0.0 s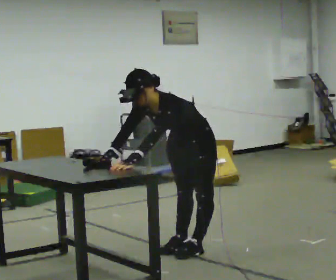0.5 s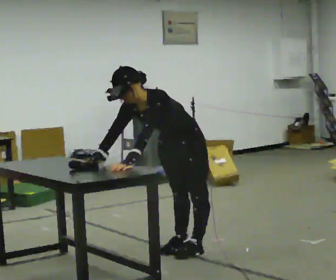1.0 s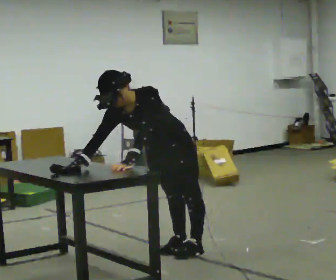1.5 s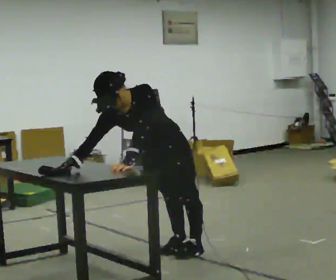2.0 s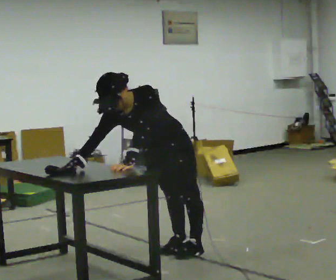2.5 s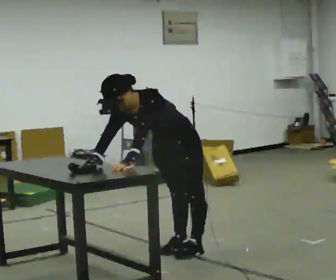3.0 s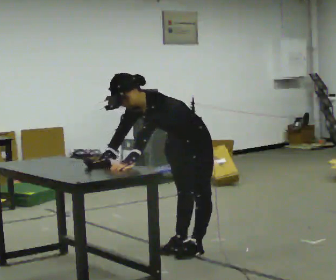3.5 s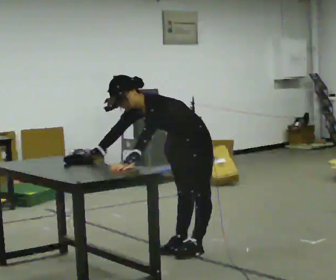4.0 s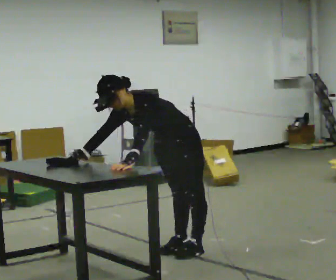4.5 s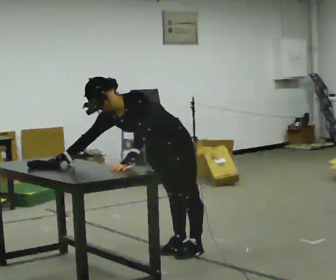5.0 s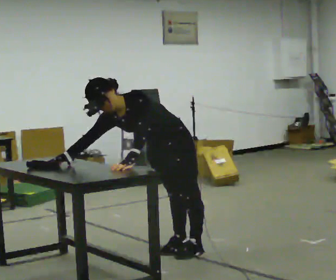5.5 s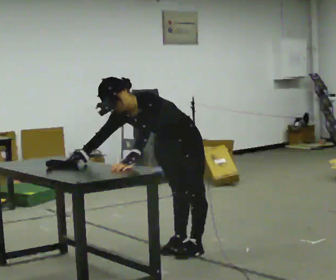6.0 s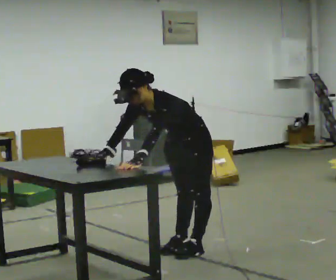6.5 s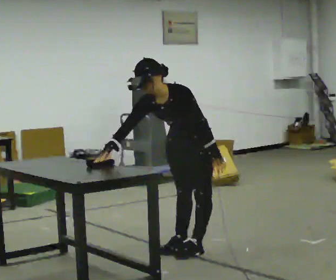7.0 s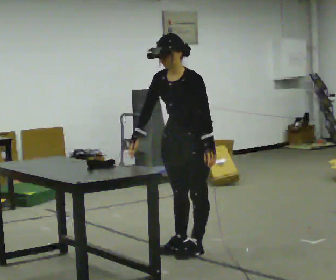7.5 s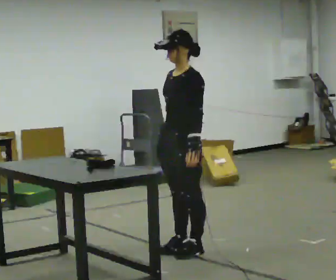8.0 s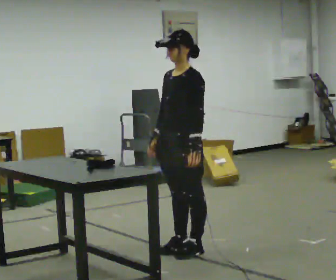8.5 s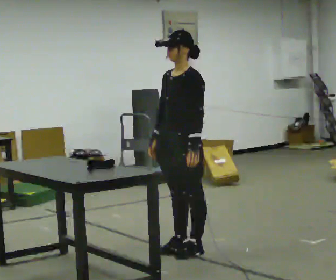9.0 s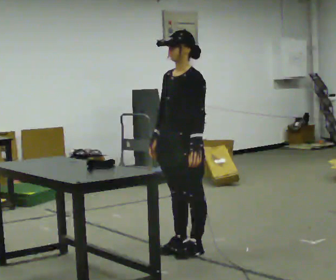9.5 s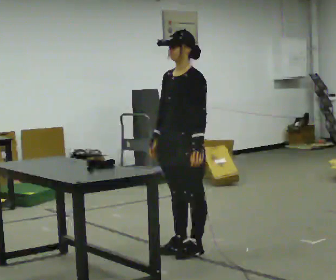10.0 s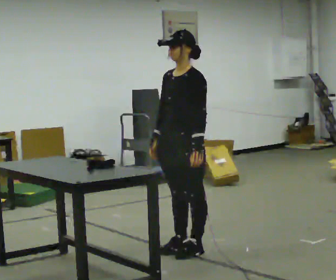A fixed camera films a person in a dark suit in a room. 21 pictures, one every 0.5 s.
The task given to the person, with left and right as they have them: Wipe the whole surface of the table in front of you with the cloth. Repeat at your own pace until the operator says stop. Keep both feet on the marked spots for the whole take. If you have to step, stop and tell the operator.
0.0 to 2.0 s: In the picture they go to the left, about 0.25 m, which for them is forward.
2.0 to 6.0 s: In the picture they go away from the camera and to the right, about 0.25 m, which for them is backward.
6.0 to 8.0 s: The upper body goes upward. In the picture the upper body tilts clockwise, shoulders to the right, as they lean back or straighten. In the picture their right hand goes to the right.
8.0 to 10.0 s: The person moves a little, or ends about where they began.
The film runs forward here.
